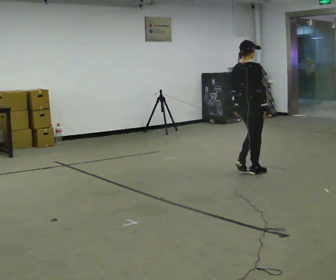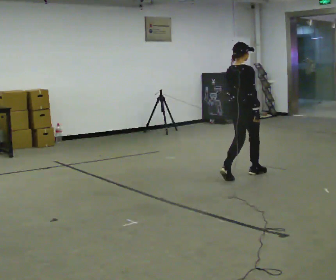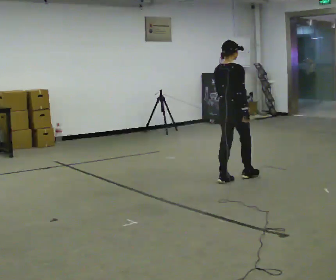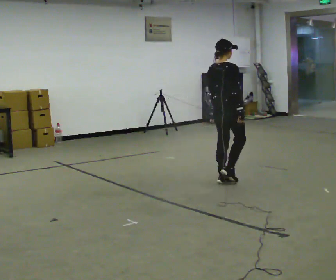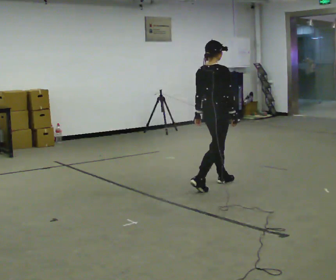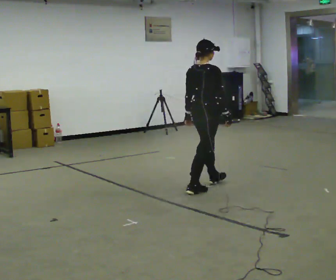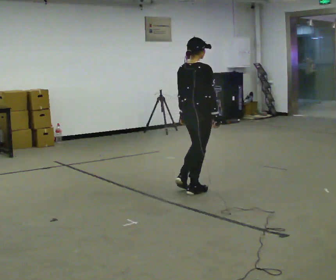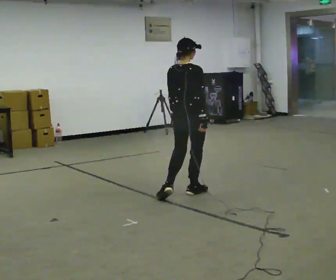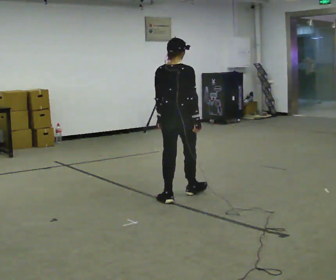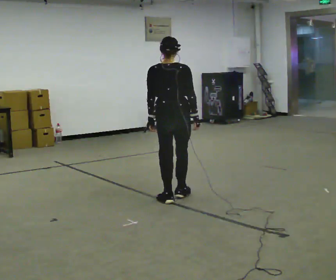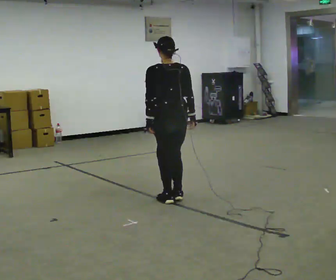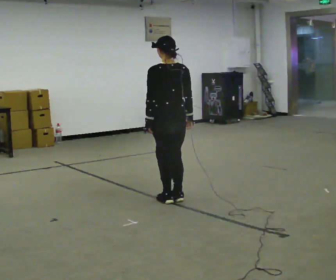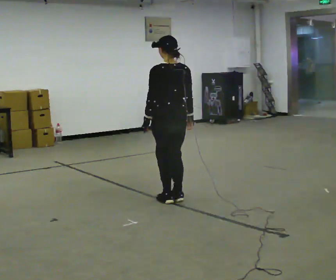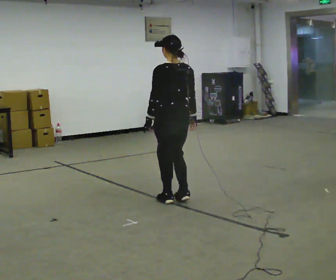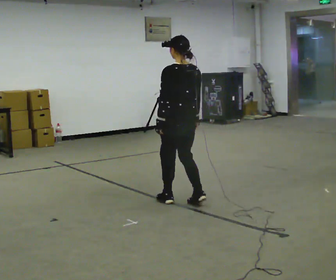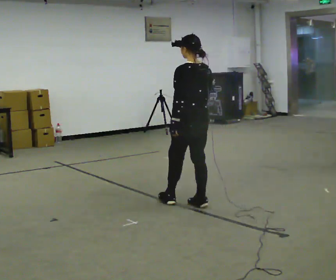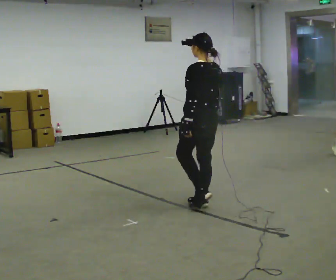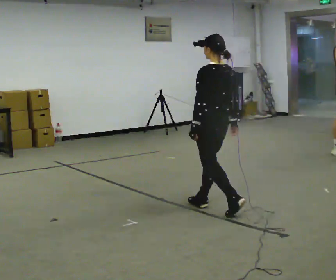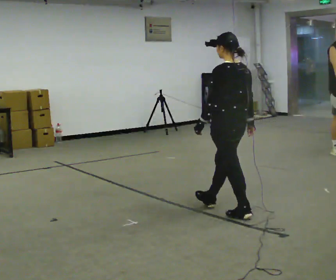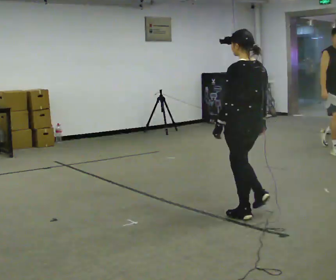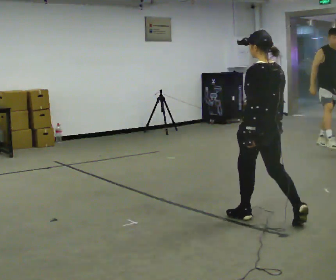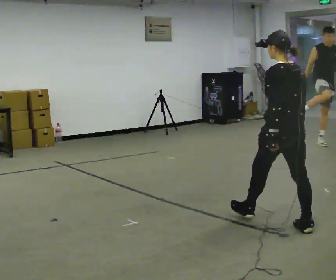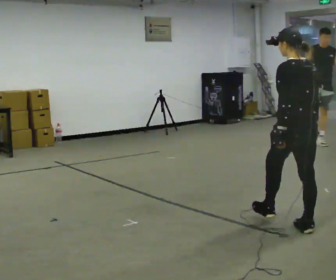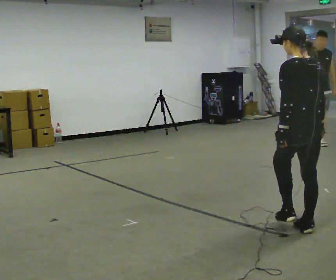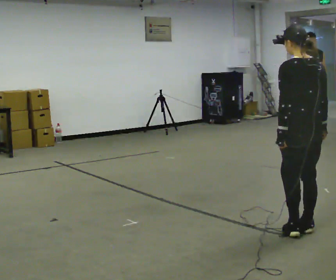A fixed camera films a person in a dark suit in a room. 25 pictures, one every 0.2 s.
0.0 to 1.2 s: In the picture they go toward the camera and to the left, about 1 m in 2 steps, which for them is backward.
1.2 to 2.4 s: The person turns about 75 degrees to their left, counterclockwise seen from above, so the part of the body nearest the lens slides to the right. In the picture they go toward the camera and to the left, about 0.25 m in 1 step.
2.4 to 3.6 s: In the picture they go to the right and toward the camera, about 0.75 m in 3 steps, which for them is backward.
3.6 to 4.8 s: Seen from above the body turns clockwise, about 30 degrees: to their right, with its near side sliding to the left. In the picture they go toward the camera and to the right, about 0.5 m in 1 step, which for them is backward.
The film runs backward here.
